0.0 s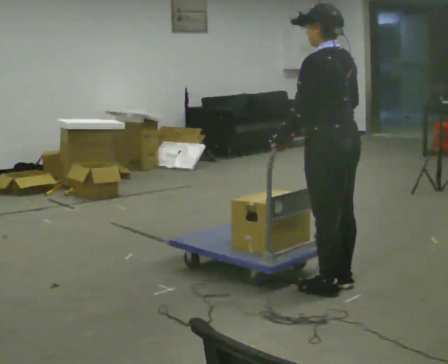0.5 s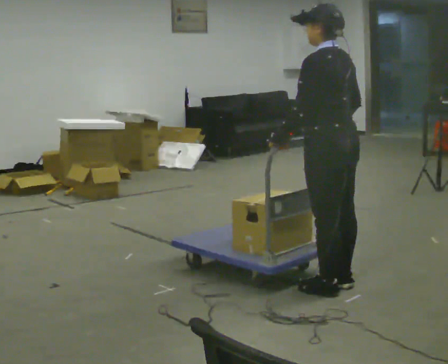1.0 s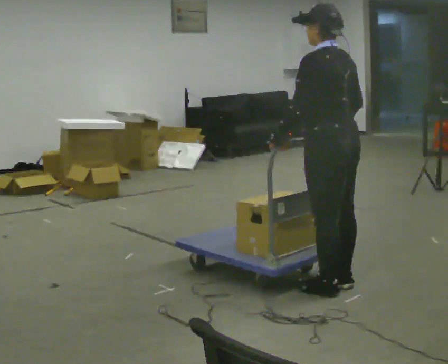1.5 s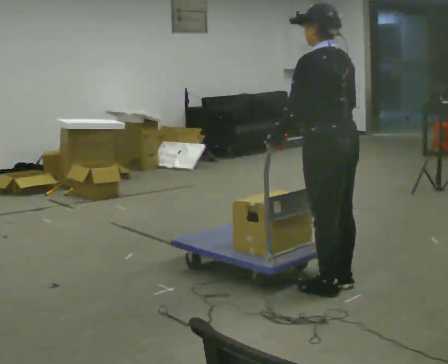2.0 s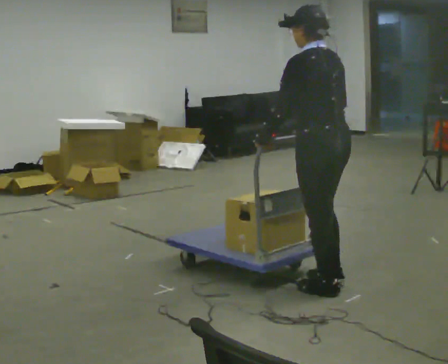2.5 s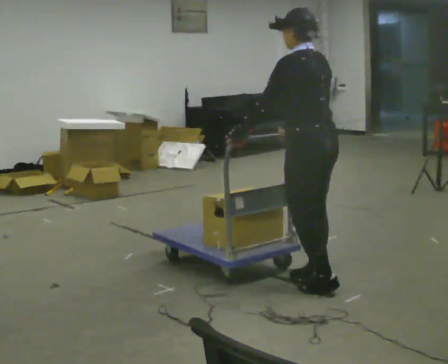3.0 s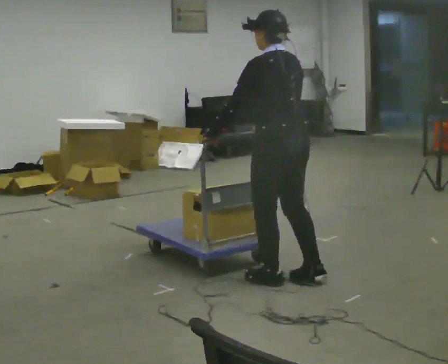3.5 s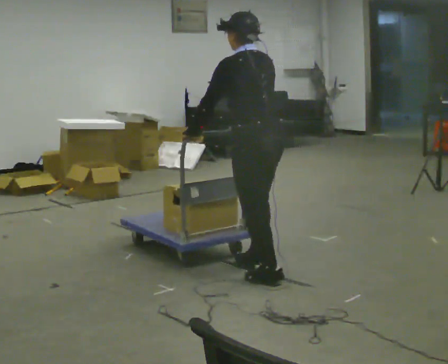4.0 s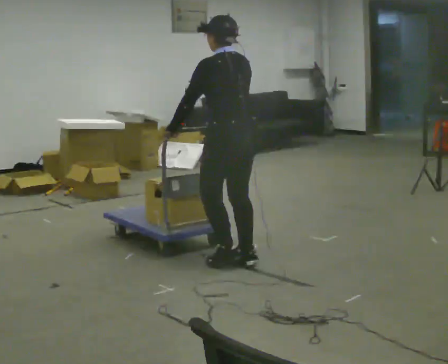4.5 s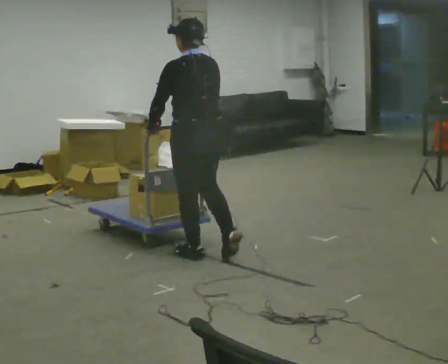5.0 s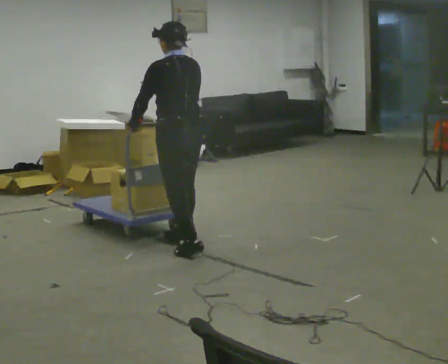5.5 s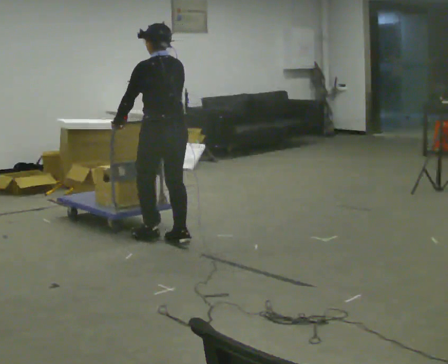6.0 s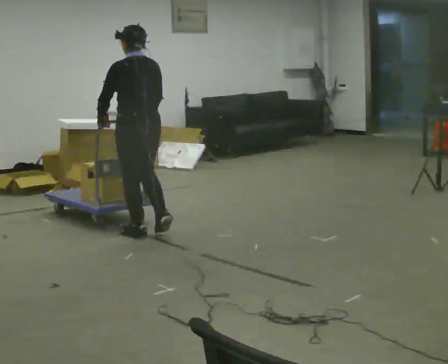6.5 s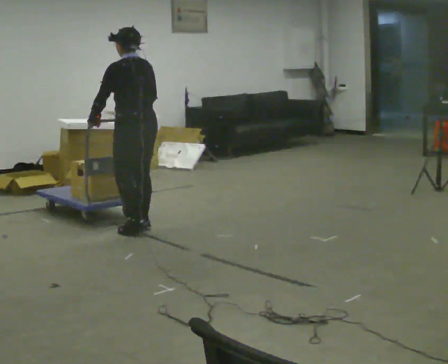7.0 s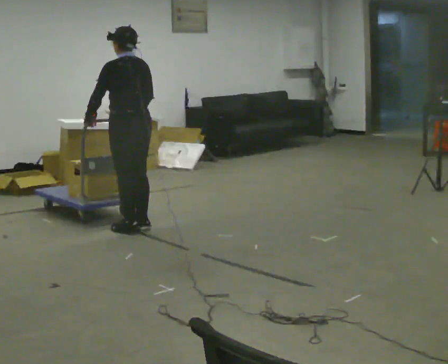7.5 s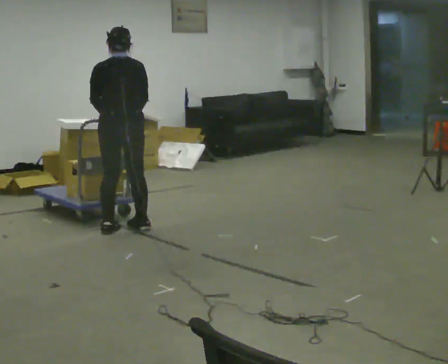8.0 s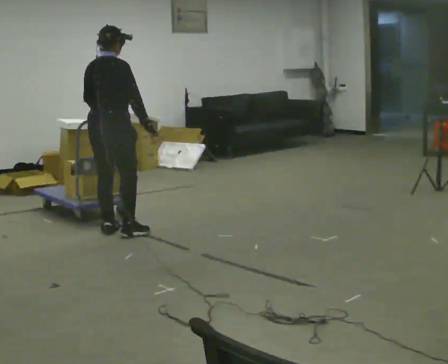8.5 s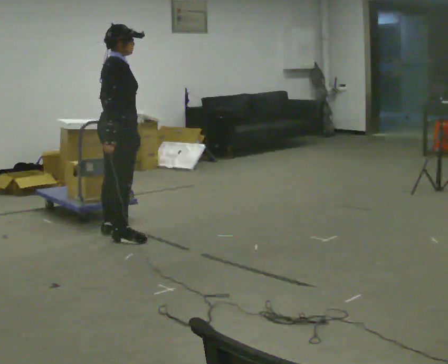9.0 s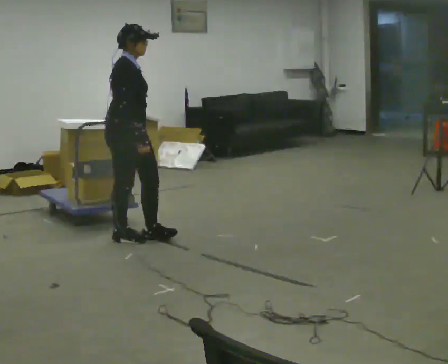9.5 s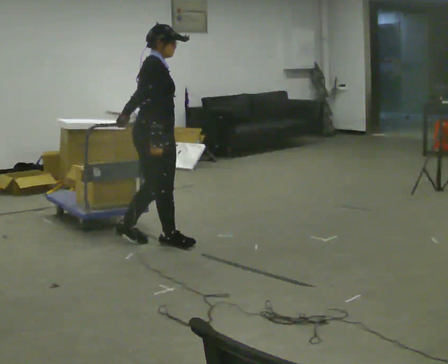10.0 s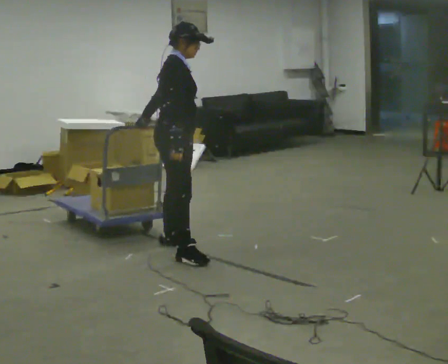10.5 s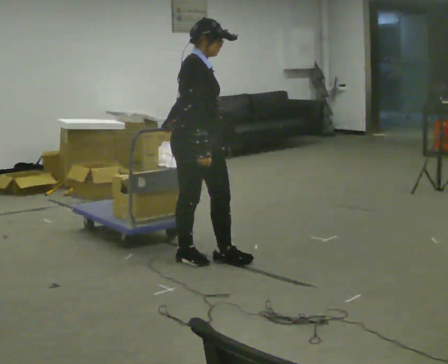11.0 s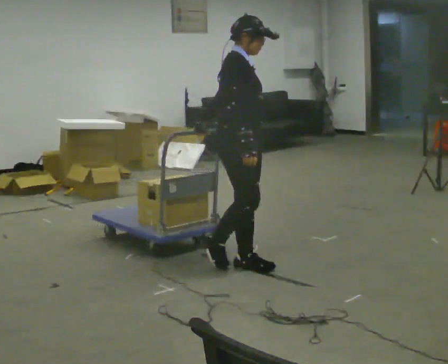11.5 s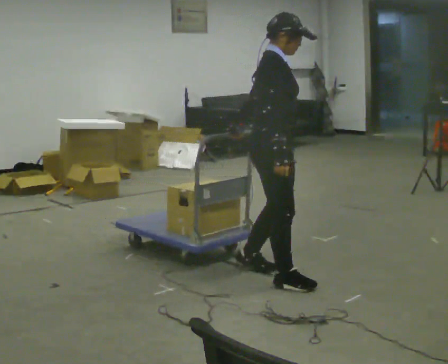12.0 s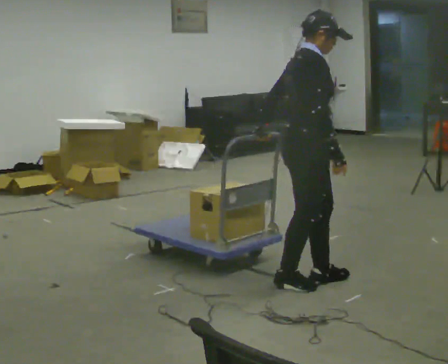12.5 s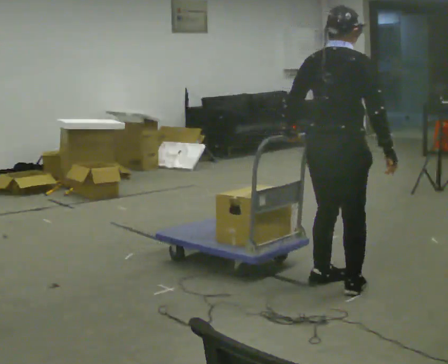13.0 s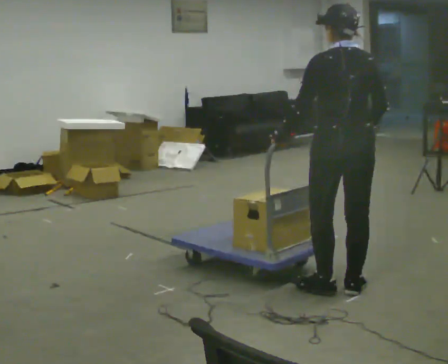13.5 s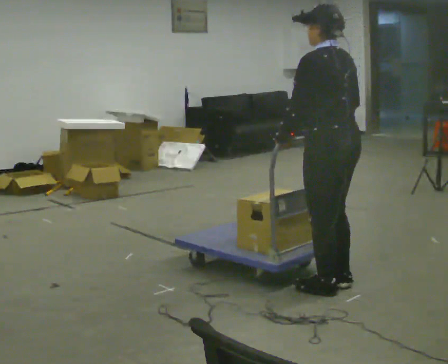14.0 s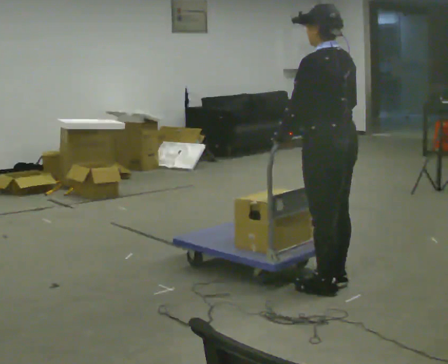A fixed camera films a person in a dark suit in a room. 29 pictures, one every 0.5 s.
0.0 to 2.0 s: The person moves a little, or ends about where they began.
2.0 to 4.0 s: In the picture they go away from the camera and to the left, about 0.5 m in 3 steps, which for them is forward.
4.0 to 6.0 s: In the picture they go away from the camera and to the left, about 1 m in 3 steps, which for them is forward.
6.0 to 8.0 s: Seen from above the body turns clockwise, about 75 degrees: to their right, with its near side sliding to the left. In the picture they go to the left, about 0.25 m in 2 steps.
8.0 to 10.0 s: The part of the body nearest the lens slides to the left as the person turns to their right by about 75 degrees. In the picture they go to the right and toward the camera, about 0.5 m in 3 steps.
10.0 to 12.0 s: In the picture they go to the right and toward the camera, about 1 m in 3 steps, which for them is forward.
12.0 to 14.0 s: The part of the body nearest the lens slides to the right as the person turns to their left by about 135 degrees.
The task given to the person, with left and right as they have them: Push the cart across the room and back. The operator will change how much is loaded on it between takes and will tell you each time.
The film runs forward here.
